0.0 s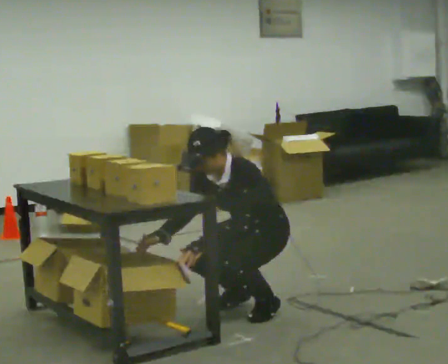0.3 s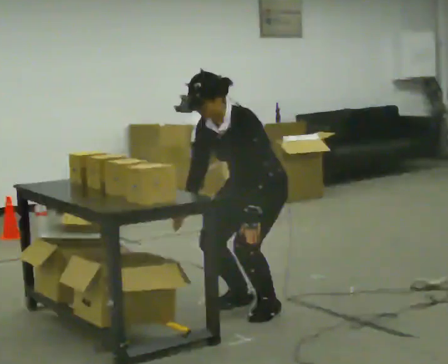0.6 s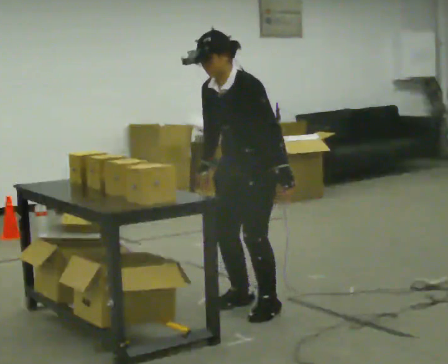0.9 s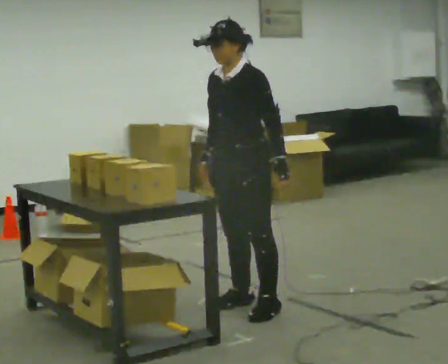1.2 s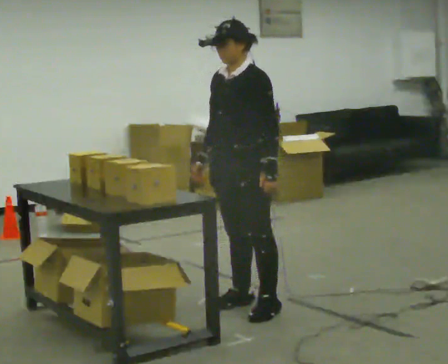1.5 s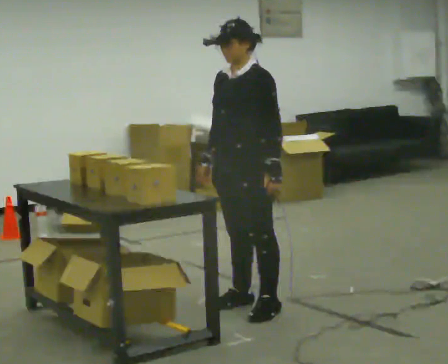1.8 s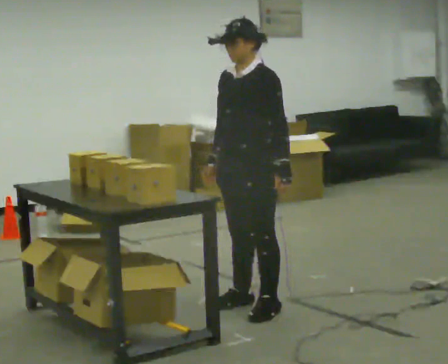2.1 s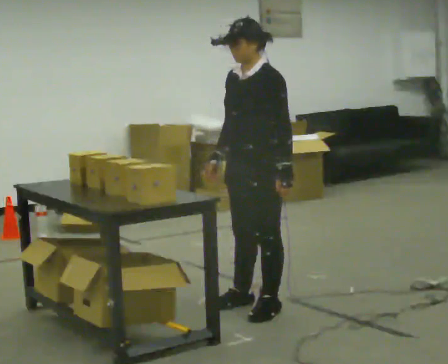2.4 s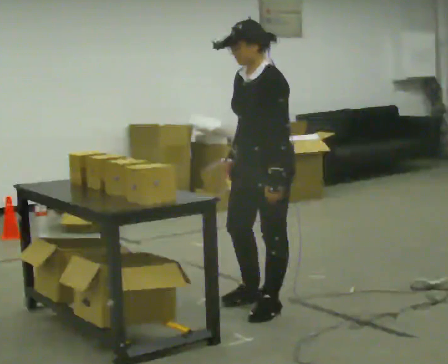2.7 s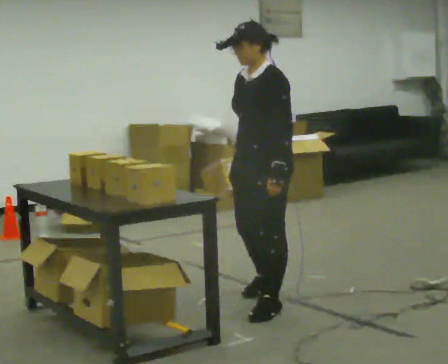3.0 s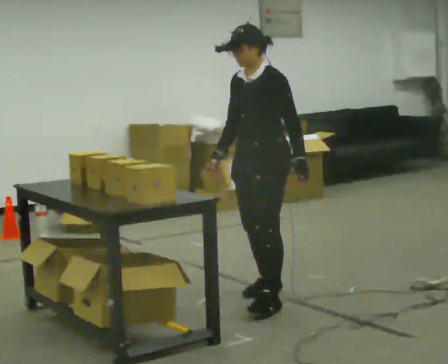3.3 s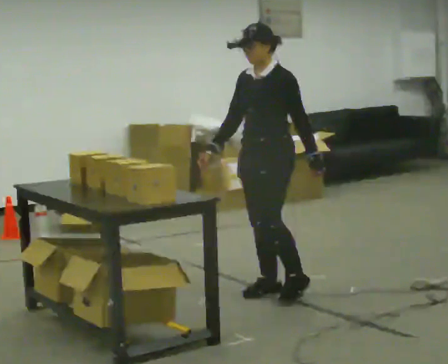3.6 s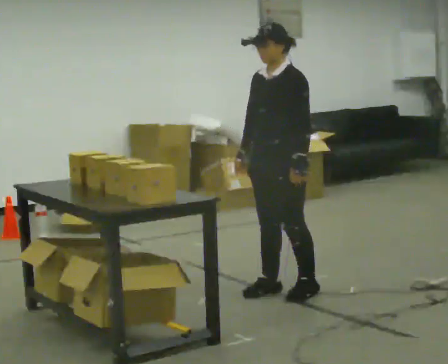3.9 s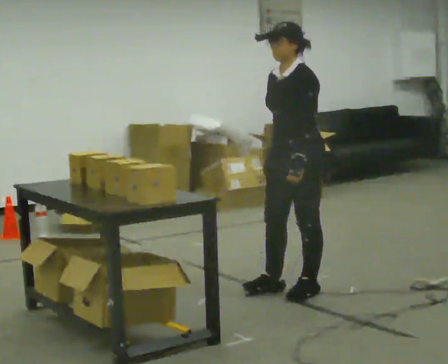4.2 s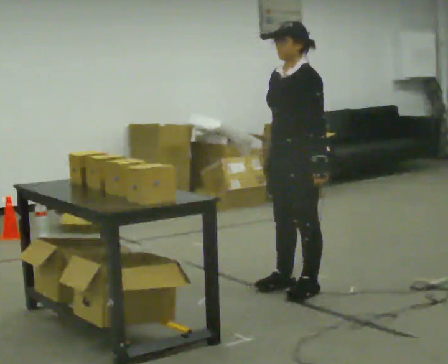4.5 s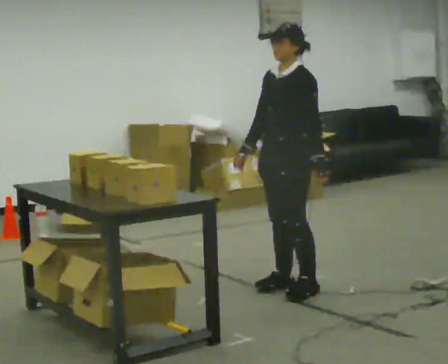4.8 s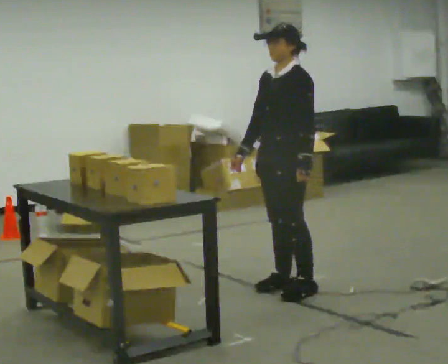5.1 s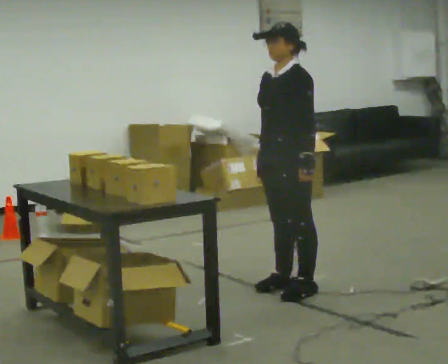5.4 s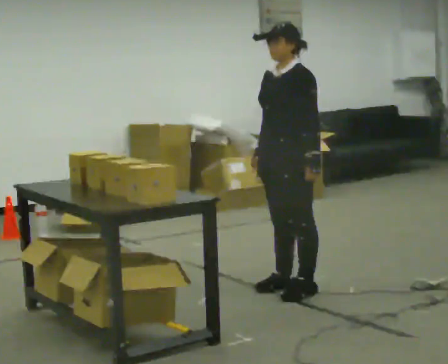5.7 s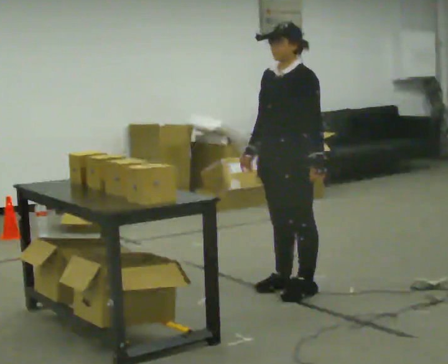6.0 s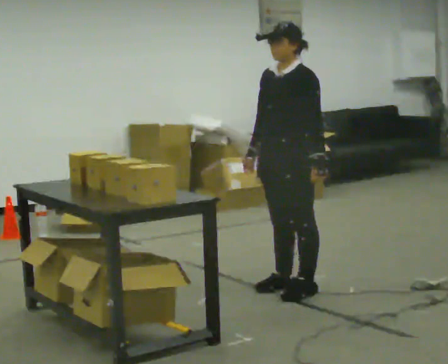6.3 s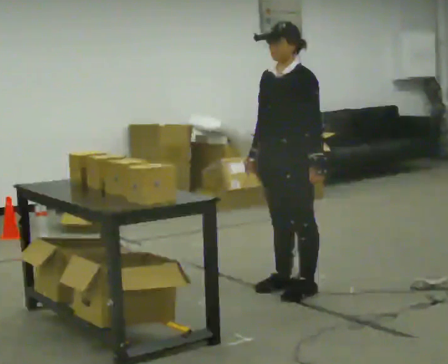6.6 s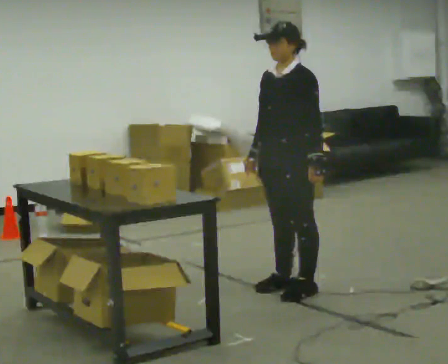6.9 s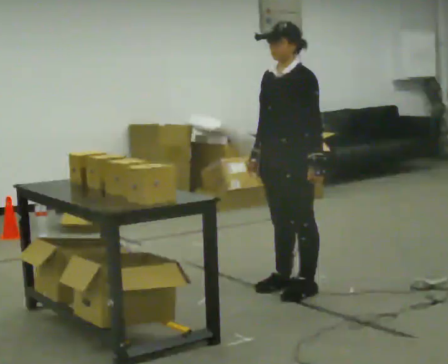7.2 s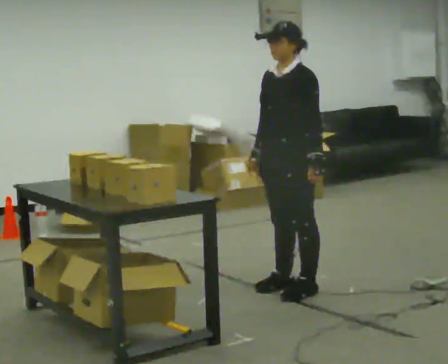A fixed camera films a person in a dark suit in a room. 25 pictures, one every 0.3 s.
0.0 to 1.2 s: The shoulders move upward. In the picture the upper body tilts clockwise, shoulders to the right, as they lean back or straighten. In the picture their right hand goes upward.
1.2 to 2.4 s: The person moves a little, or ends about where they began.
2.4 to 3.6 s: In the picture they go away from the camera, about 0.25 m in 2 steps, which for them is backward and to their right.
3.6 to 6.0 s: The person moves a little, or ends about where they began.
6.0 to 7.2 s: The person keeps their place and pose.
The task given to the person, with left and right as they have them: 1. Take everything out of the crates by the door. 2. Put the small items on the middle shelf. 3. Put the large items on the bottom shelf. 4. Stack the empty crates by the door. 5. Tell the operator when you are finished.
The film runs forward here.
